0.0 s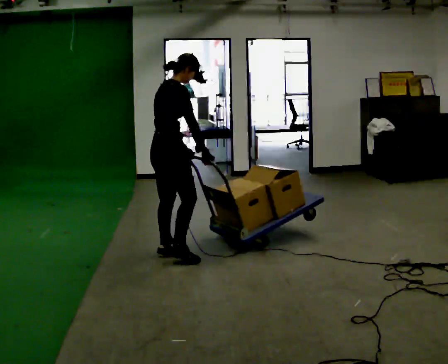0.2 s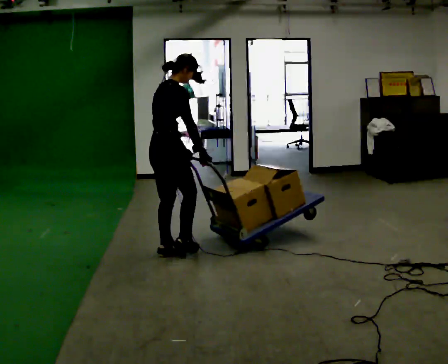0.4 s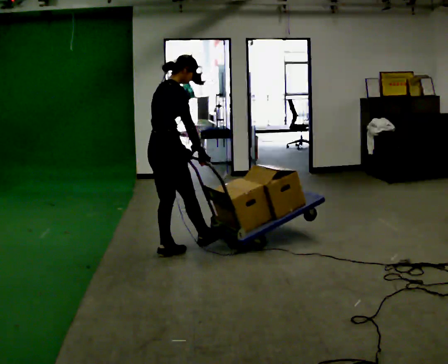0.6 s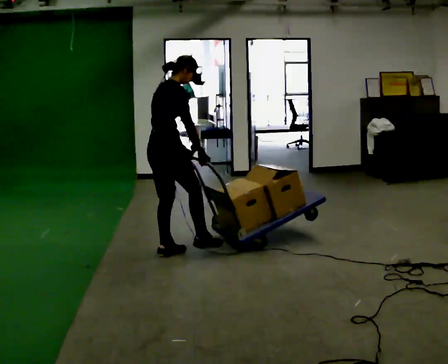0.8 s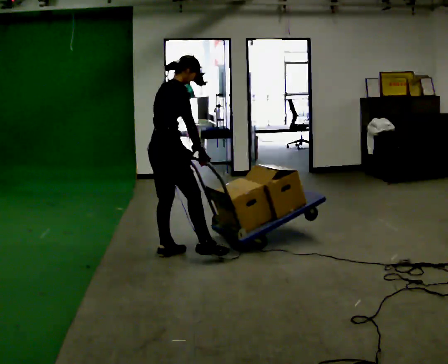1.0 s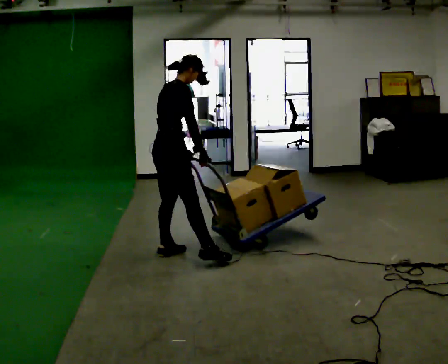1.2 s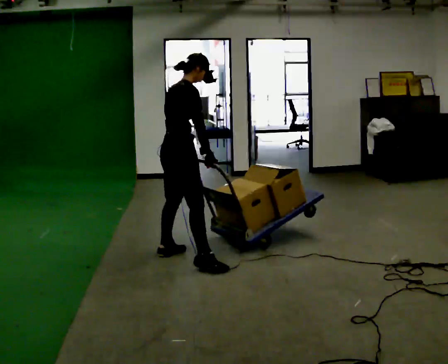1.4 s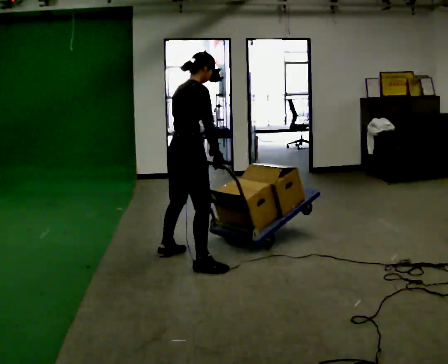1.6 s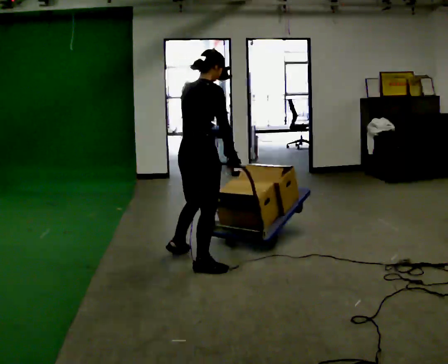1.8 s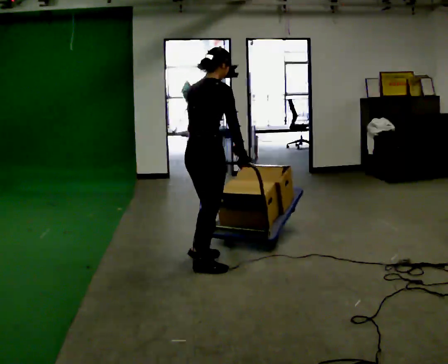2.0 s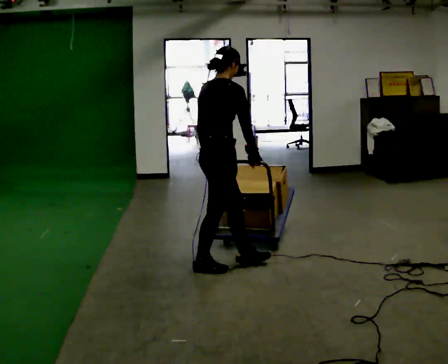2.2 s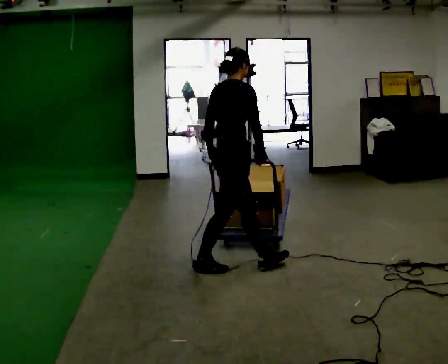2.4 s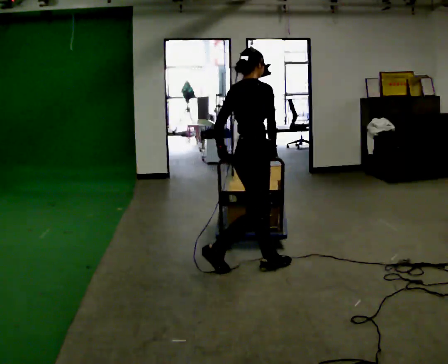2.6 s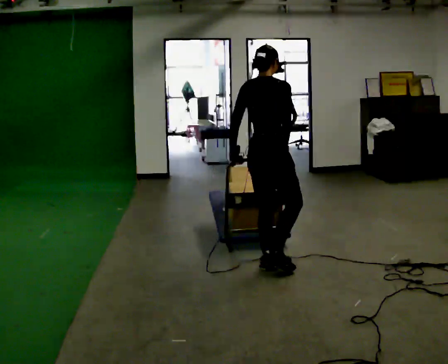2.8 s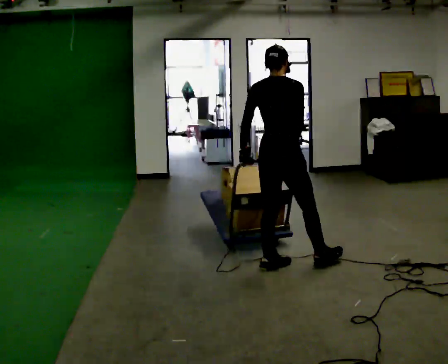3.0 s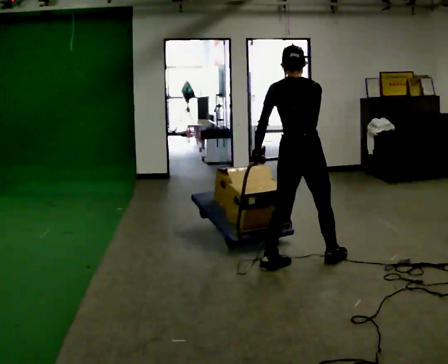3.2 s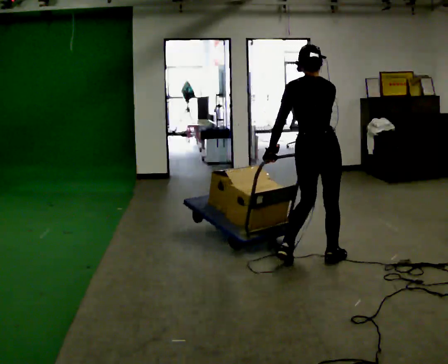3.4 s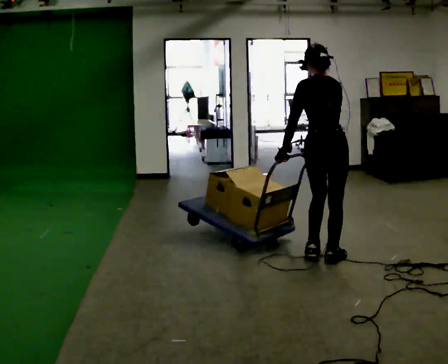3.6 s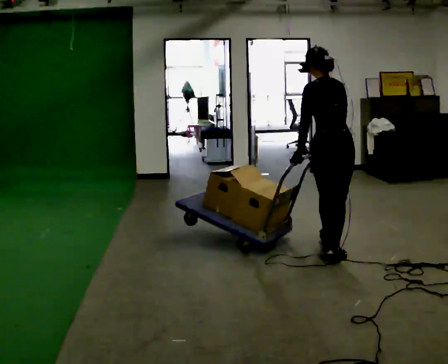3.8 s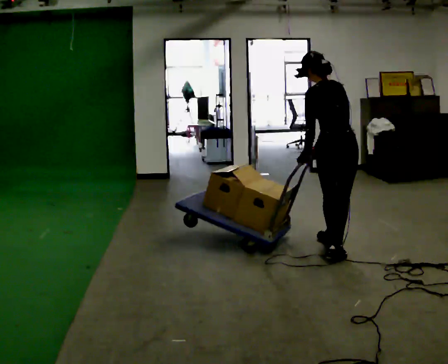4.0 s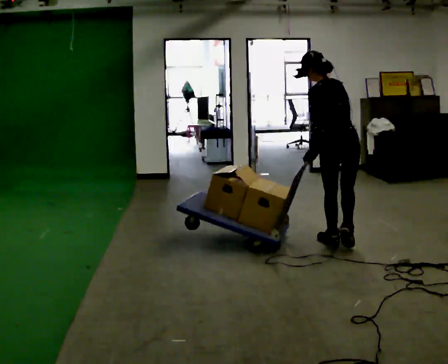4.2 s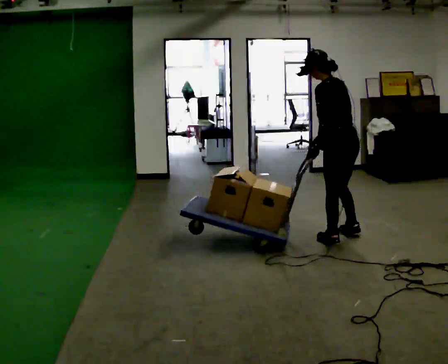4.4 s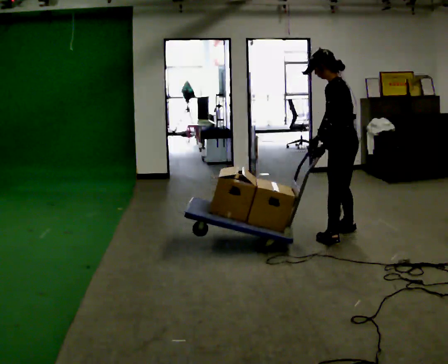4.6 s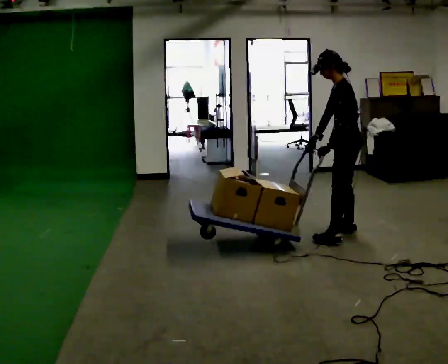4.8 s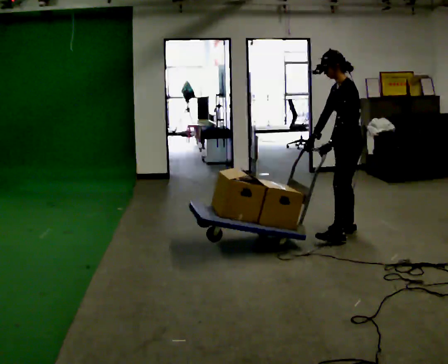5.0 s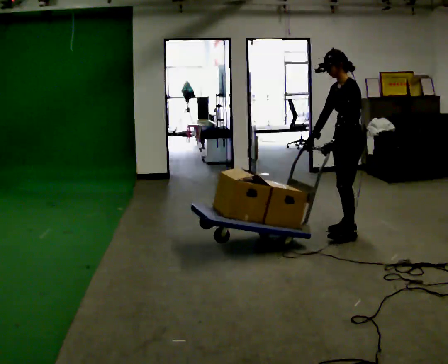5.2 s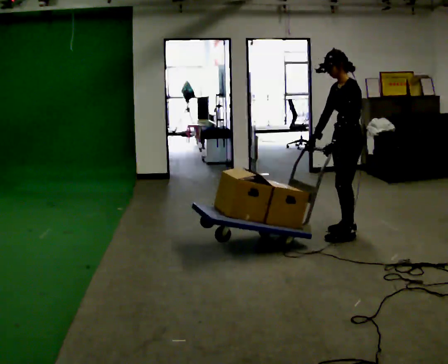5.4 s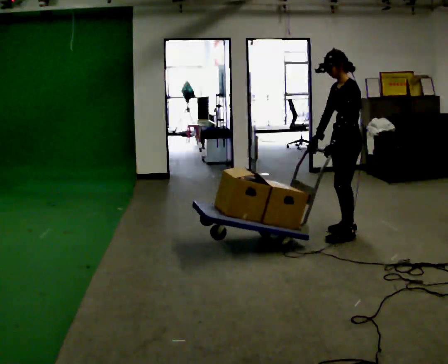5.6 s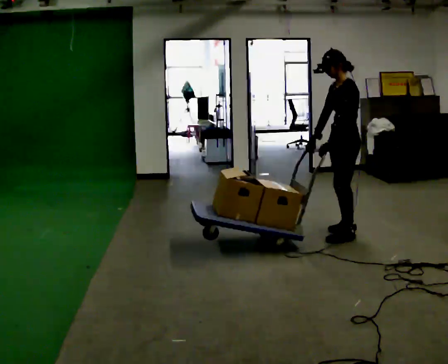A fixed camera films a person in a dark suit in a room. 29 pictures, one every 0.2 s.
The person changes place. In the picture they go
to the right.
The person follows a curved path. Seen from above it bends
counterclockwise.
0.0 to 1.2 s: The person moves a little, or ends about where they began.
1.2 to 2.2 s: In the picture they go to the right and toward the camera, about 0.5 m in 1 step, which for them is to their right and forward.
2.2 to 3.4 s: The person turns about 75 degrees to their left, counterclockwise seen from above, so the part of the body nearest the lens slides to the right. In the picture they go to the right, about 0.75 m in 1 step.
3.4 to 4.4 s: The person turns about 60 degrees to their left, counterclockwise seen from above, so the part of the body nearest the lens slides to the right. In the picture they go away from the camera and to the right, about 0.5 m in 2 steps, which for them is forward and to their right.
4.4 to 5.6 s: The part of the body nearest the lens slides to the right as the person turns to their left by about 30 degrees. In the picture they go away from the camera, about 0.25 m in 1 step, which for them is to their right.
The film runs forward here.
